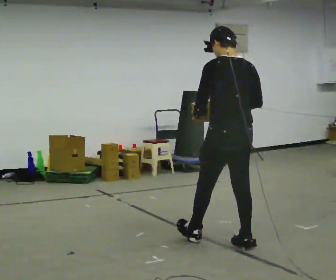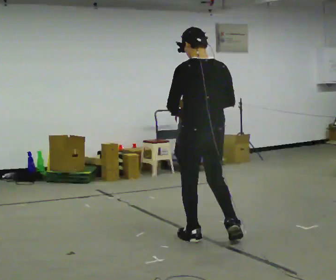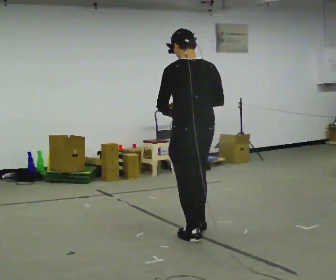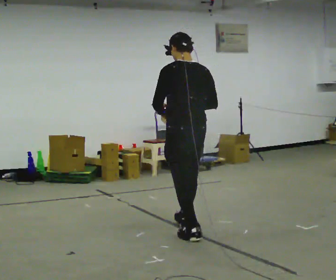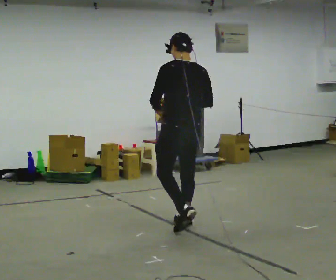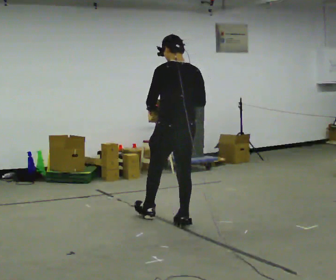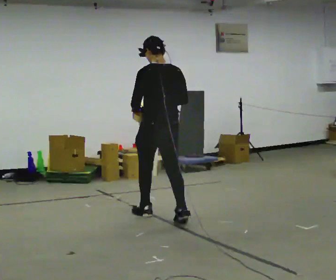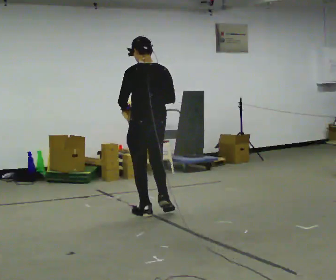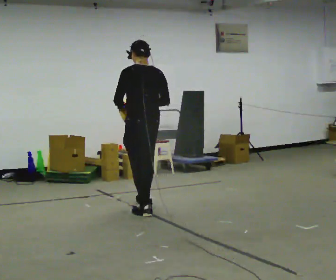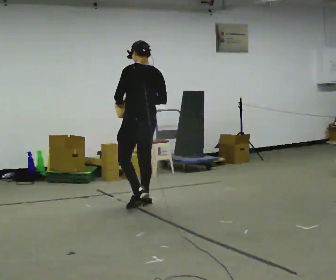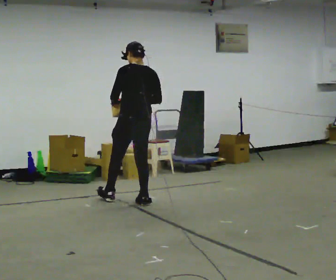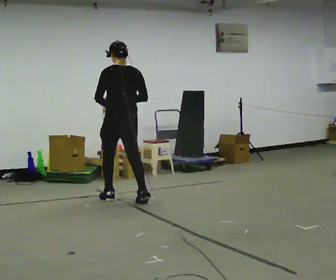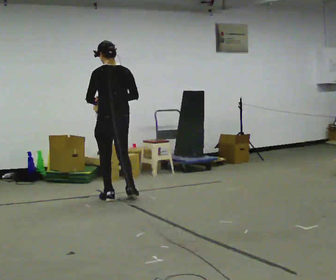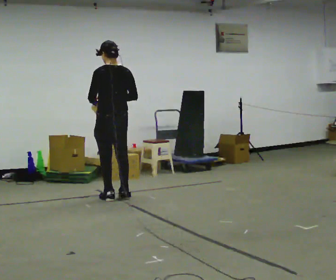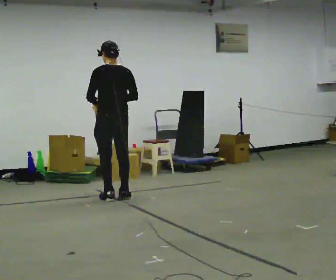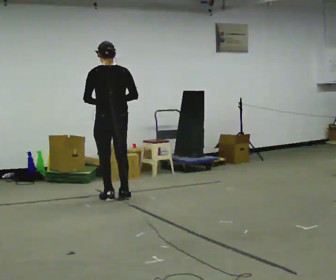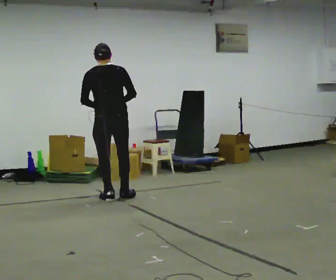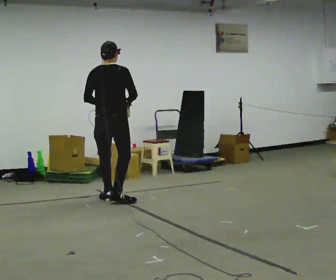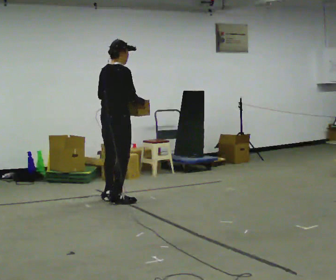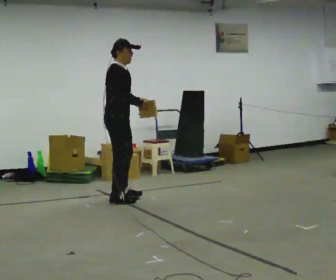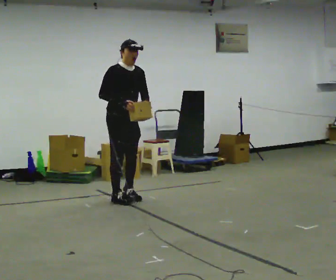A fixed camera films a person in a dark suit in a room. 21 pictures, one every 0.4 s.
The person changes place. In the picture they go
away from the camera.
0.0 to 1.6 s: In the picture they go away from the camera and to the left, about 0.5 m in 2 steps, which for them is forward.
1.6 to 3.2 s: In the picture they go away from the camera and to the left, about 1 m in 2 steps, which for them is forward.
3.2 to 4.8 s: In the picture they go away from the camera and to the left, about 0.5 m in 1 step, which for them is forward.
4.8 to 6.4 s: Seen from above the body turns clockwise, about 30 degrees: to their right, with its near side sliding to the left.
6.4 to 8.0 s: The part of the body nearest the lens slides to the left as the person turns to their right by about 135 degrees. In the picture their left hand goes to the right.
The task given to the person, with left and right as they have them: Carry the object and, while walking, turn it over in your hands to look at all sides of it. Keep turning it as you walk.
The film runs forward here.
